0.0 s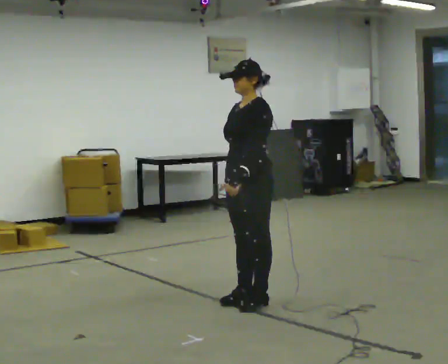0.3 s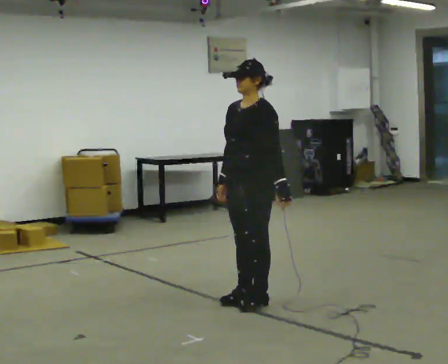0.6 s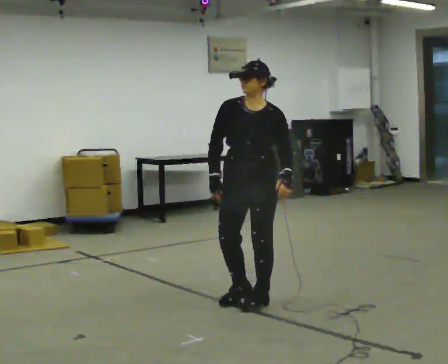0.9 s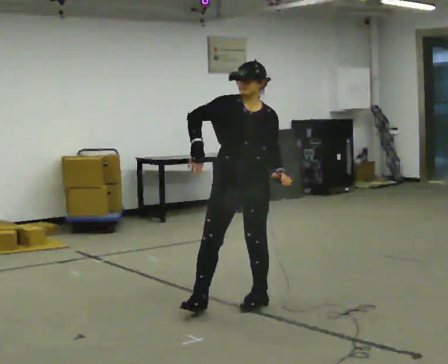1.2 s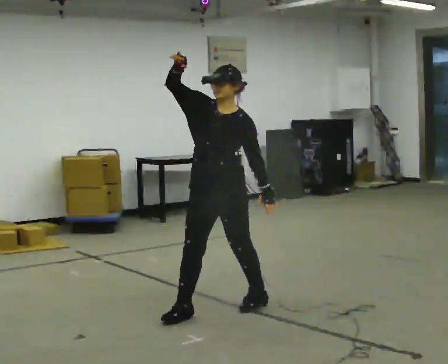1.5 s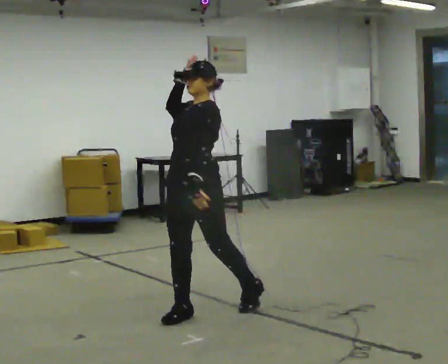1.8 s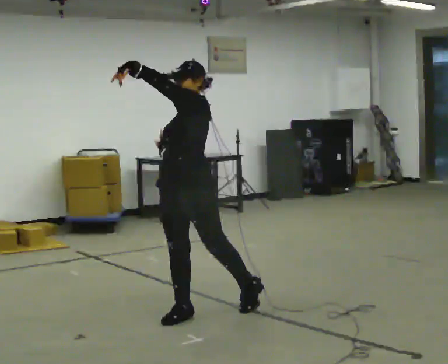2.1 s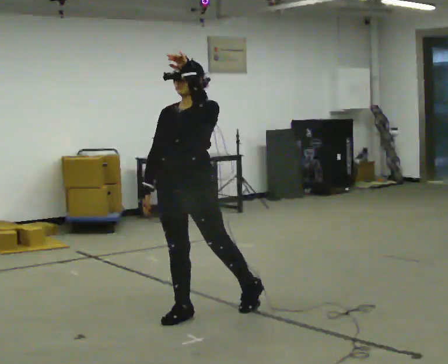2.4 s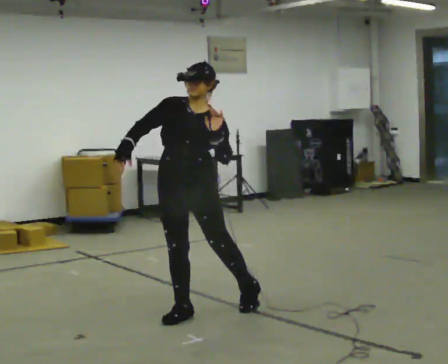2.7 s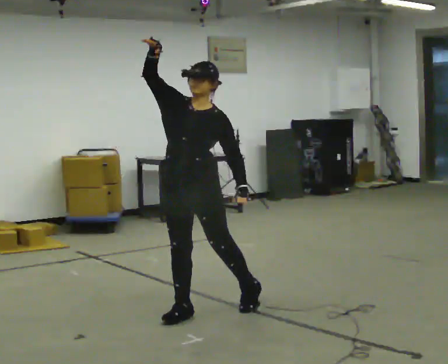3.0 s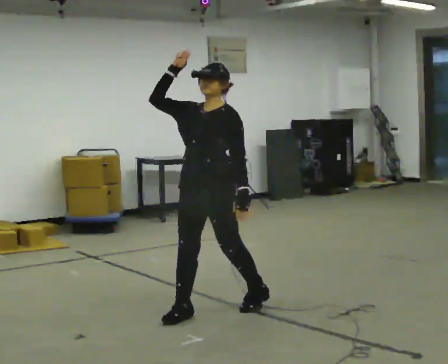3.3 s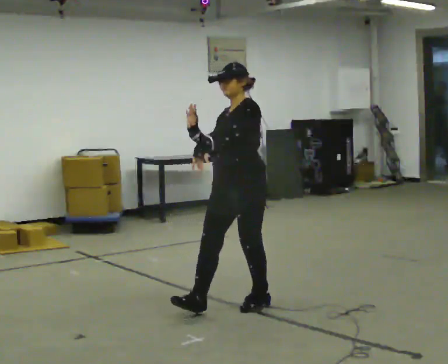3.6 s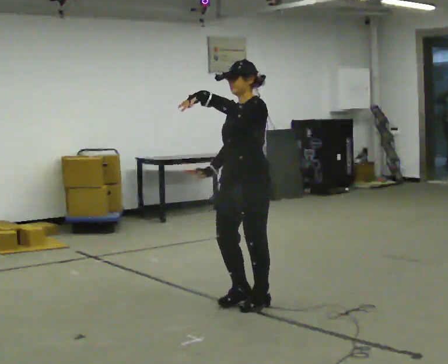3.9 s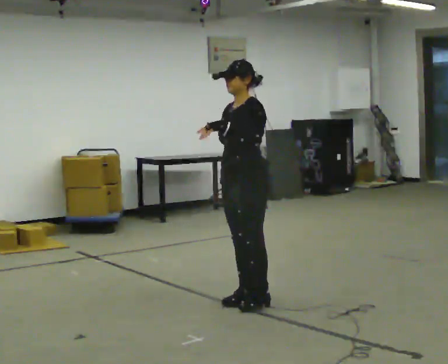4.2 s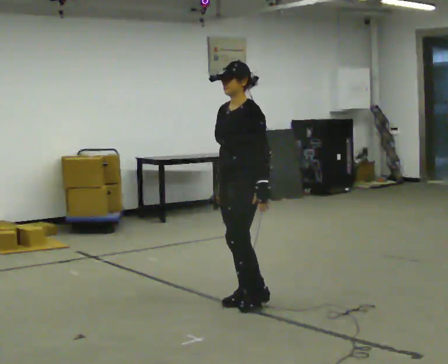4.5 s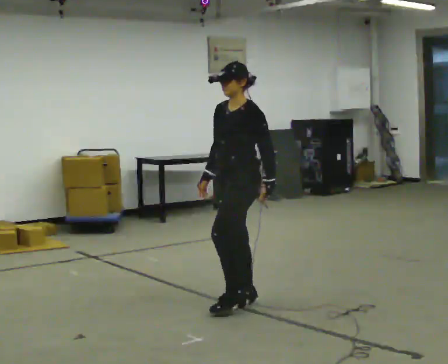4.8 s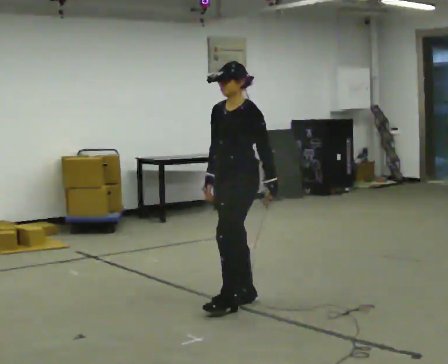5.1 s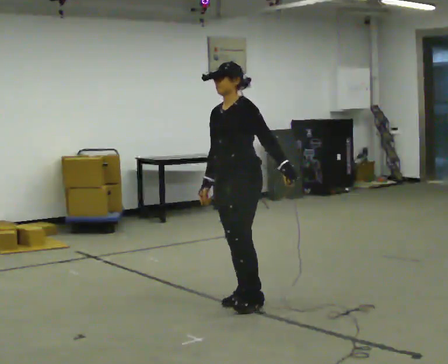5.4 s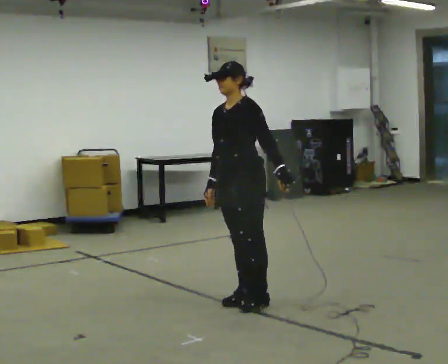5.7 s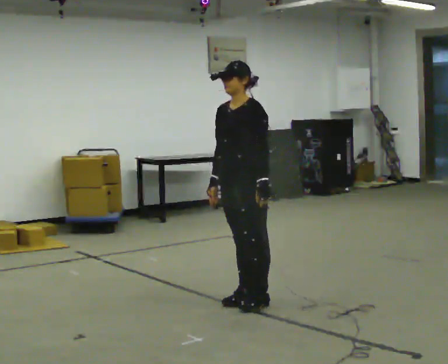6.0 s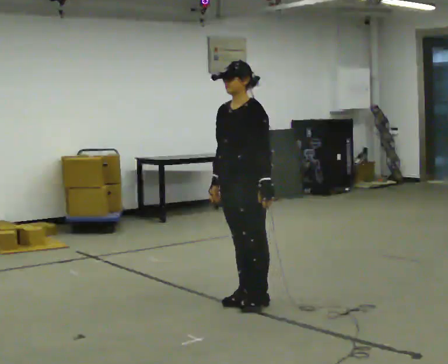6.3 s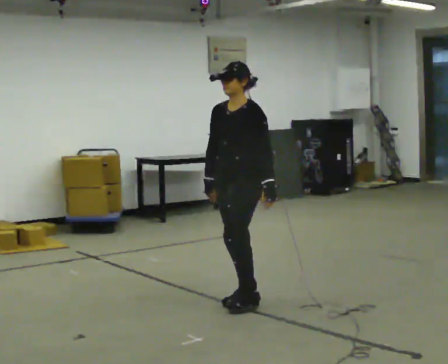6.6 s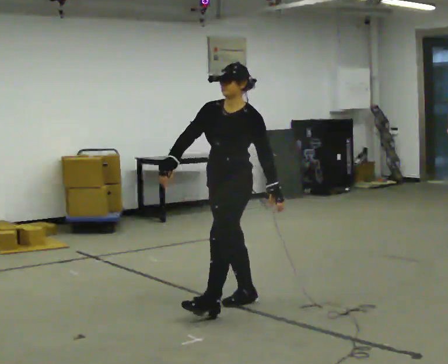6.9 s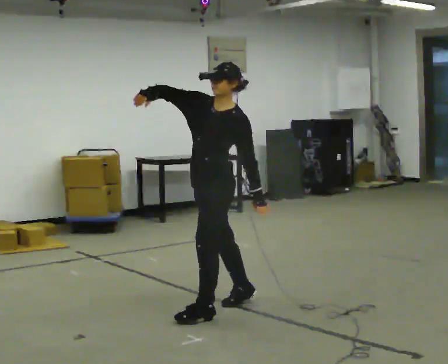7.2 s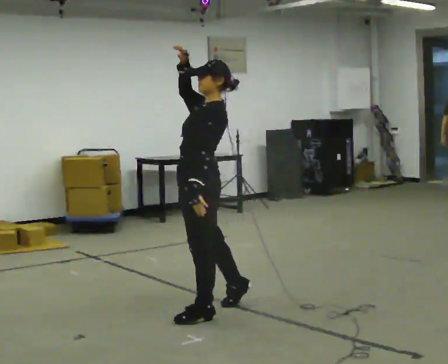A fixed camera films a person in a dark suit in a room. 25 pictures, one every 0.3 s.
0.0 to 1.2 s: The person turns about 30 degrees to their left, counterclockwise seen from above, so the part of the body nearest the lens slides to the right. In the picture they go to the left and toward the camera, about 0.25 m in 1 step. In the picture their right hand goes upward, the arm swinging clockwise.
1.2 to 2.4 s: The person turns about 30 degrees to their left, counterclockwise seen from above, so the part of the body nearest the lens slides to the right. In the picture they go to the left, about 0.25 m, which for them is forward. In the picture their right hand goes downward.
2.4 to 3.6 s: The person turns about 45 degrees to their right, clockwise seen from above, so the part of the body nearest the lens slides to the left. In the picture they go to the right and away from the camera, about 0.5 m, which for them is backward and to their left. In the picture their right hand goes downward.
3.6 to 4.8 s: In the picture their left hand goes downward and to the right.
4.8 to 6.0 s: The person moves a little, or ends about where they began.
6.0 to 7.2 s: The part of the body nearest the lens slides to the left as the person turns to their right by about 45 degrees. In the picture they go toward the camera and to the left, about 0.5 m in 1 step, which for them is forward. In the picture the upper body tilts clockwise, shoulders to the right. In the picture their right hand goes upward.
The film runs forward here.
